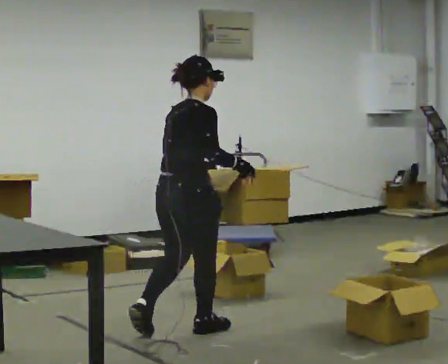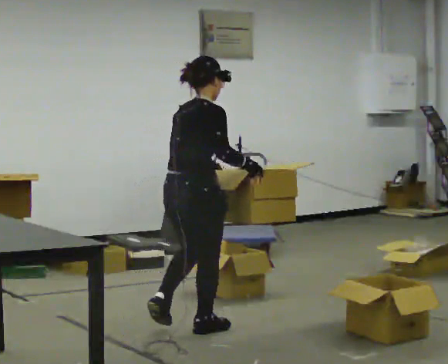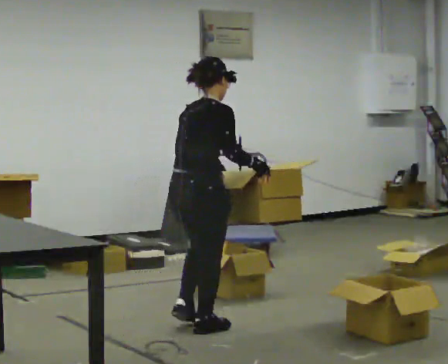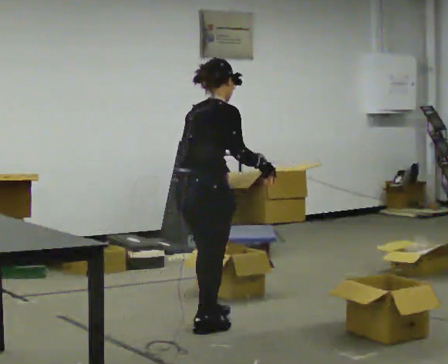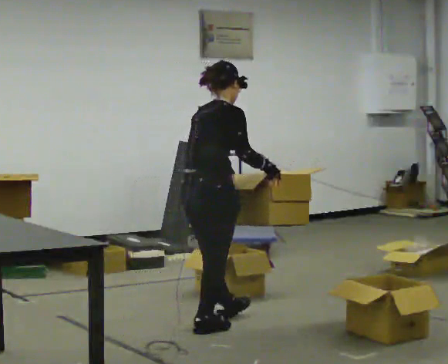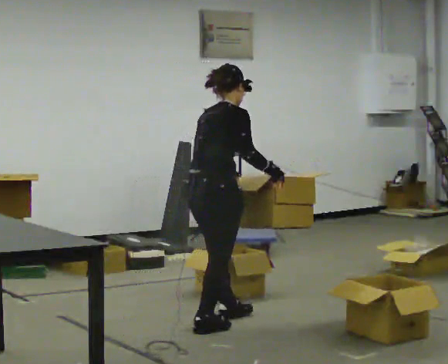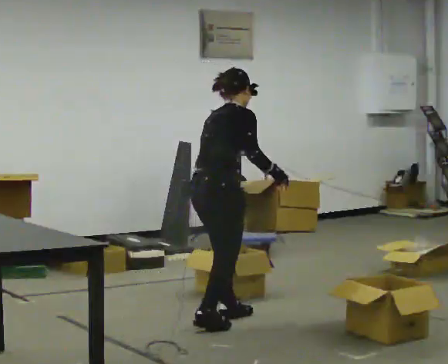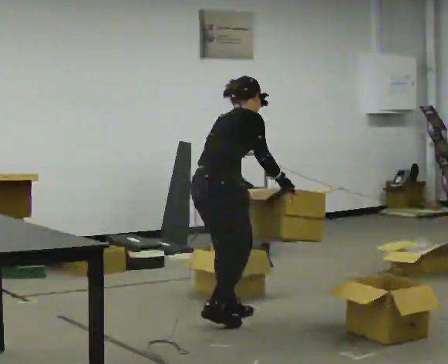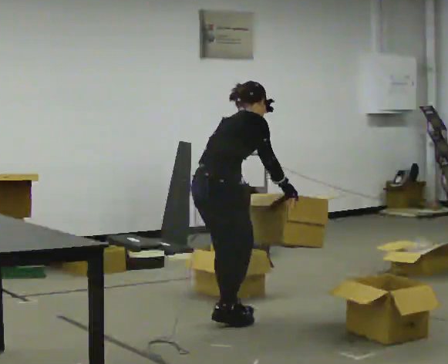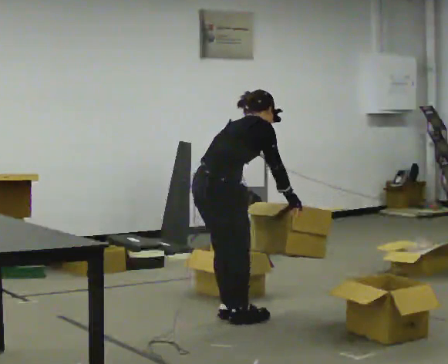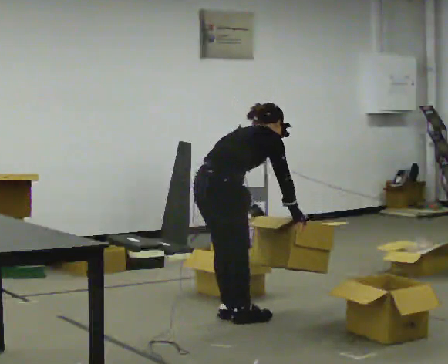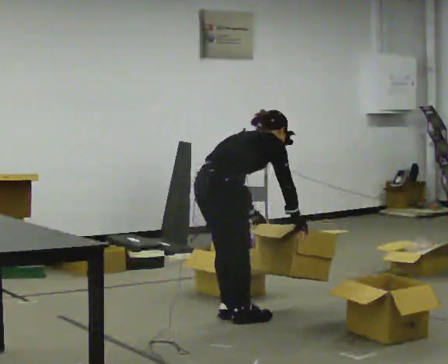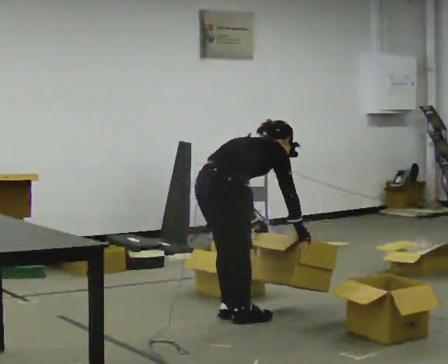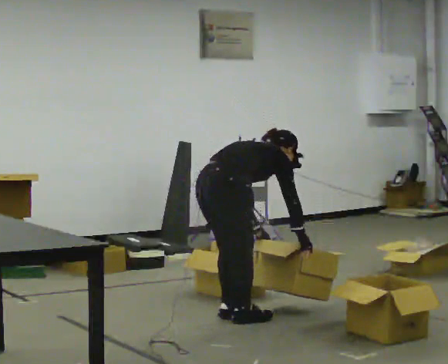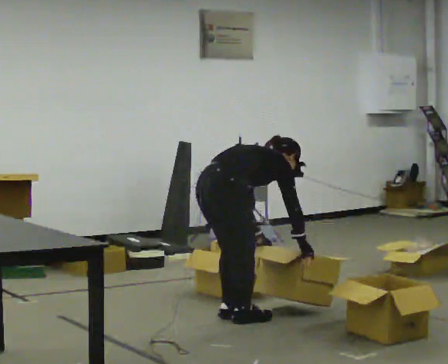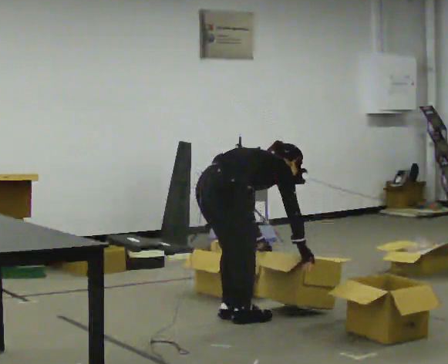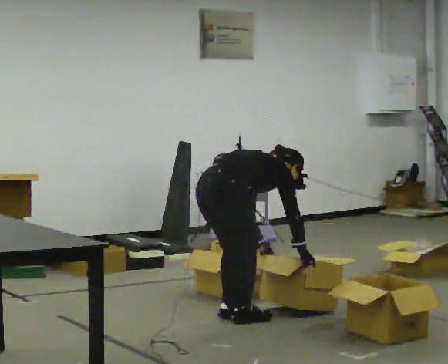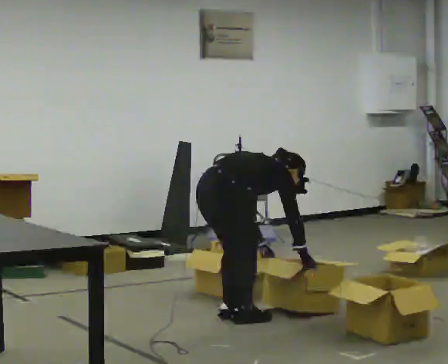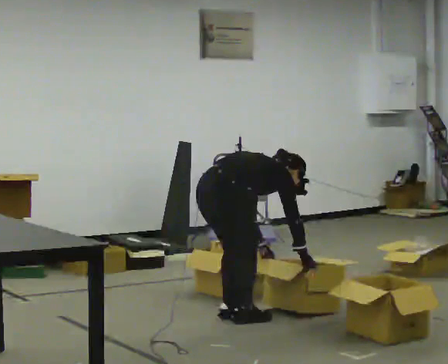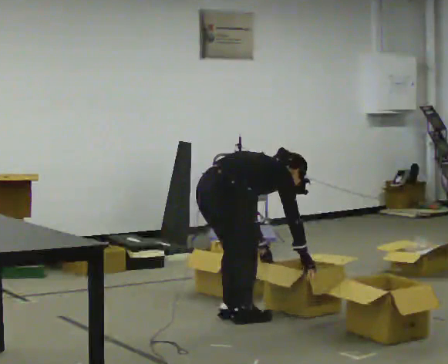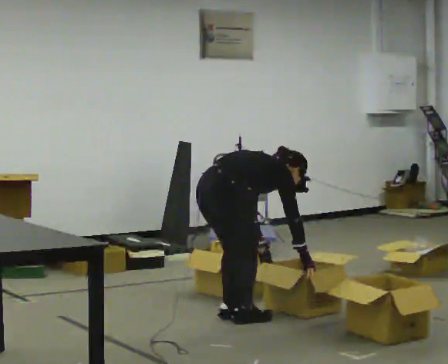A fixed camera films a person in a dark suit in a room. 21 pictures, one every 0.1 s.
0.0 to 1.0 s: In the picture they go away from the camera and to the right, about 0.25 m in 2 steps, which for them is forward and to their left. The upper body goes downward. In the picture the upper body tilts clockwise, shoulders to the right, as they bend forward. In the picture their right hand goes downward.
1.0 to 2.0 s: The shoulders move downward. In the picture the upper body tilts clockwise, shoulders to the right, as they bend forward.
The film runs forward here.
